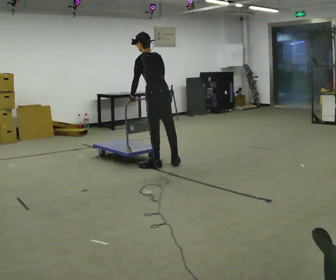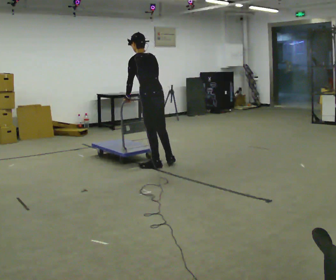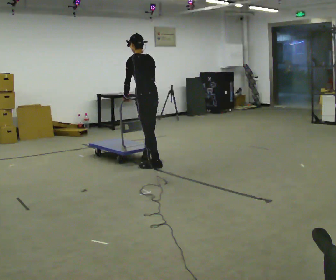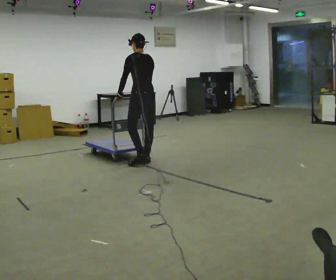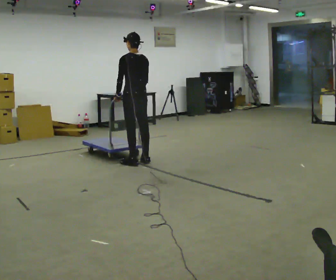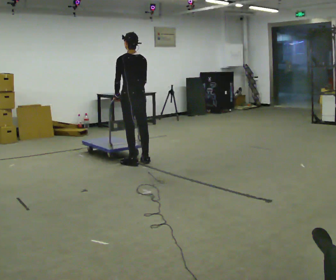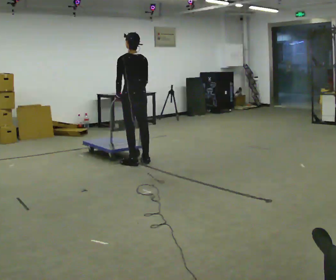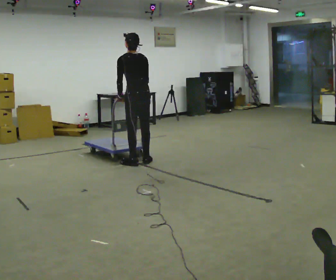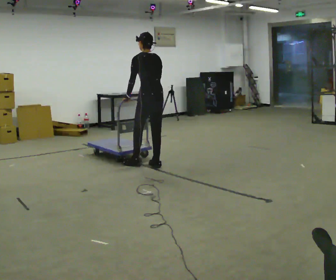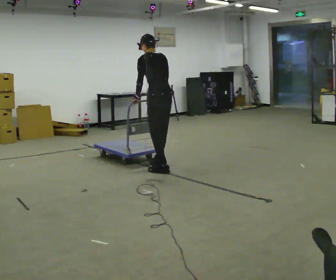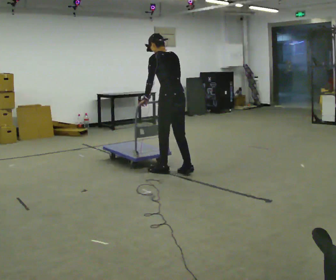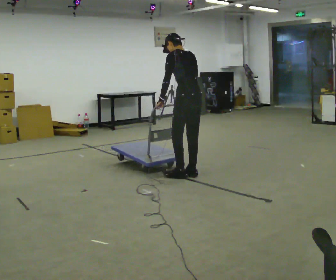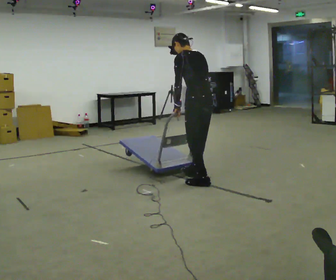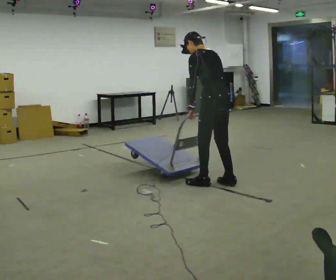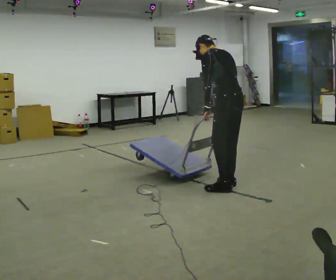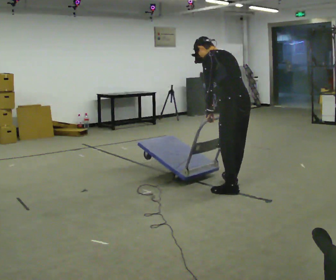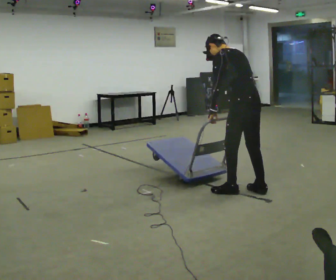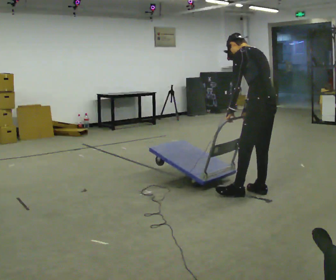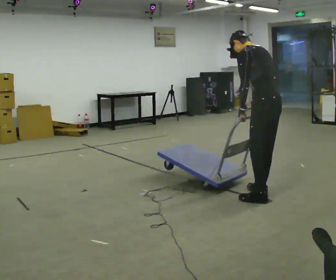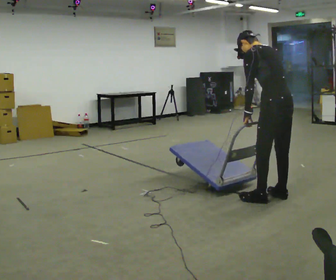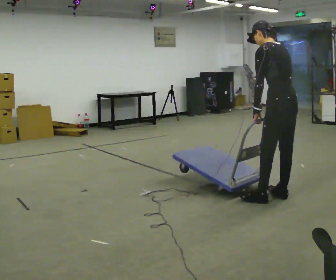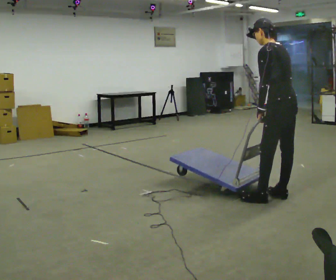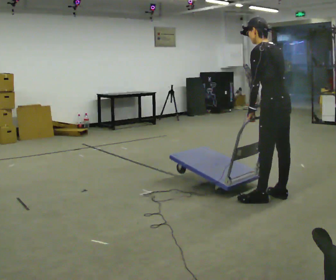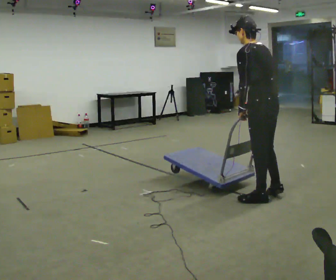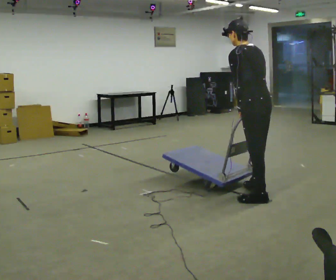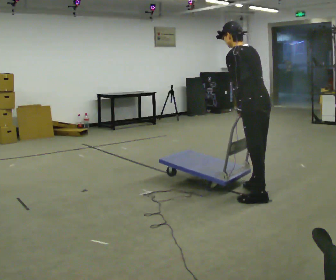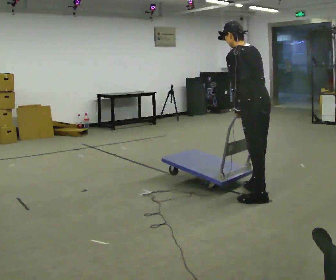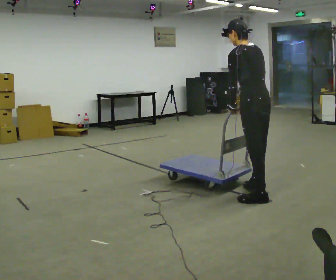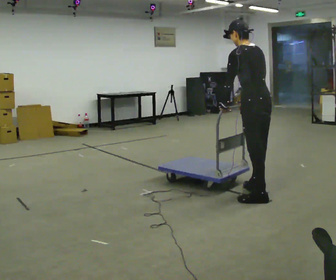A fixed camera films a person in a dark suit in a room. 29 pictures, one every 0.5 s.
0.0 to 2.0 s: In the picture they go to the left and away from the camera, about 0.5 m in 2 steps, which for them is forward. In the picture the upper body tilts clockwise, shoulders to the right, as they lean back or straighten.
2.0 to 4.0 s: In the picture they go to the right and toward the camera, about 0.25 m in 1 step, which for them is backward.
4.0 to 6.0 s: In the picture they go to the right and toward the camera, about 1 m in 3 steps, which for them is backward.
6.0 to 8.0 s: In the picture they go to the right and toward the camera, about 0.5 m in 3 steps, which for them is backward.
8.0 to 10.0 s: In the picture they go to the right and toward the camera, about 0.5 m in 2 steps, which for them is backward.
10.0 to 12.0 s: In the picture they go to the left, about 0.25 m in 1 step, which for them is forward.
12.0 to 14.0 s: The person moves a little, or ends about where they began.
The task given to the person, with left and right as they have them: Get the cart into the marked parking space and lined up with the tape. Take as many adjustments as you need. Then take it out again and repeat.
The film runs forward here.
